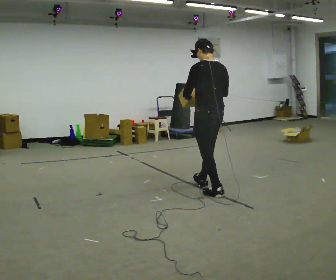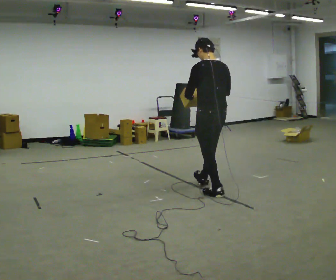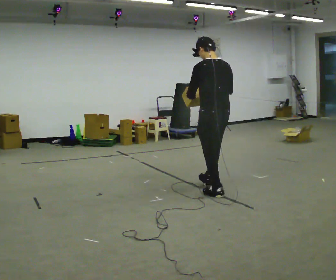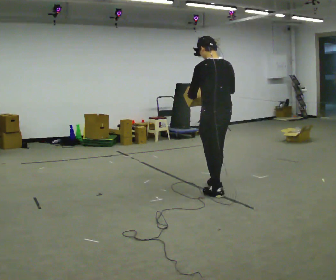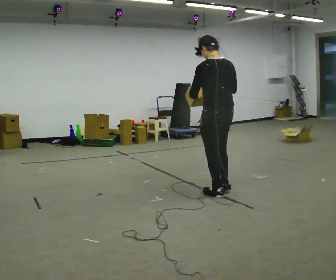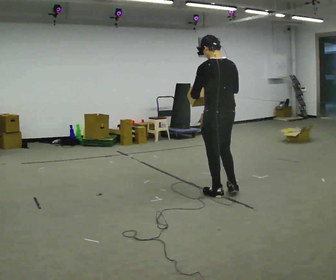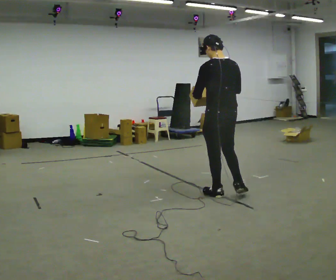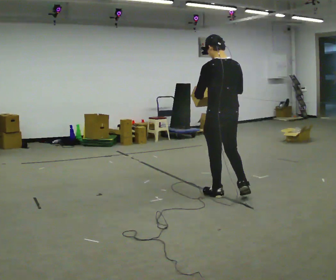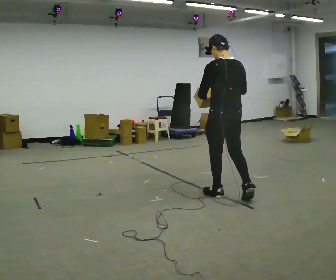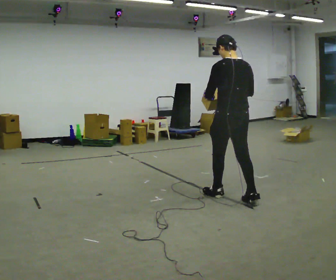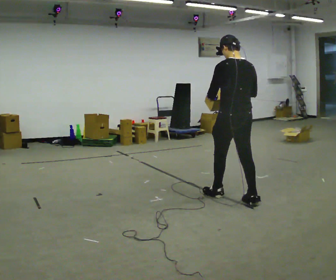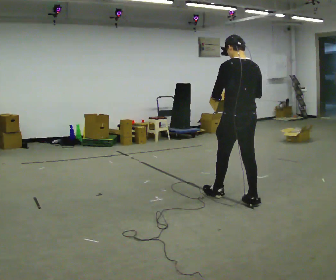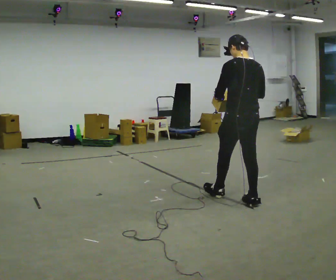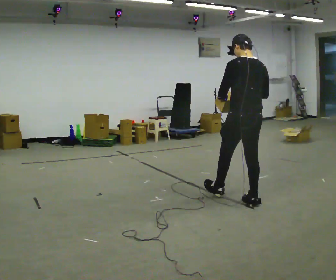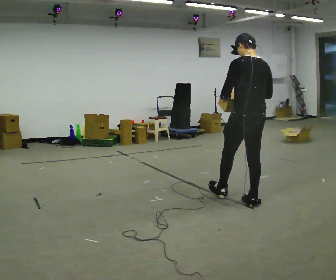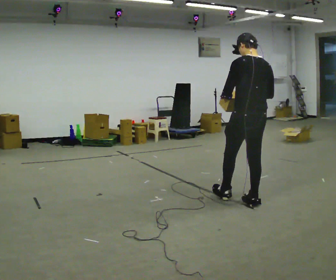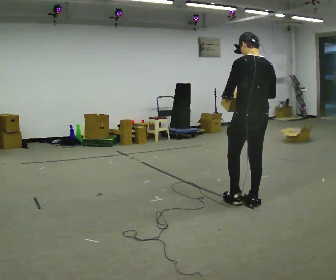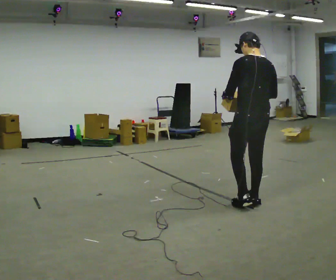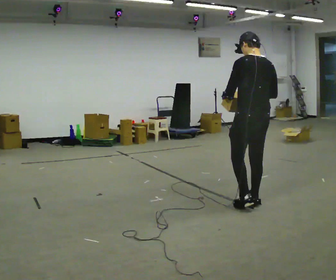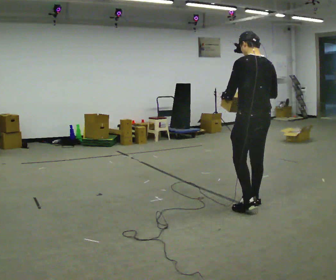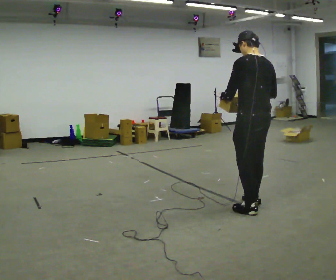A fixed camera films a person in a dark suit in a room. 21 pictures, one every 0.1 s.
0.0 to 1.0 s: In the picture they go toward the camera and to the right, about 0.5 m in 1 step, which for them is backward.
1.0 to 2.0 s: In the picture they go toward the camera and to the right, about 0.25 m in 1 step, which for them is backward.
The film runs backward here.
